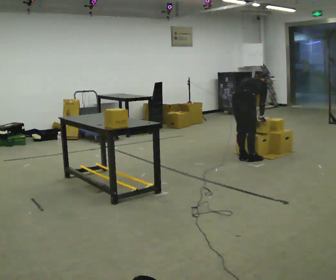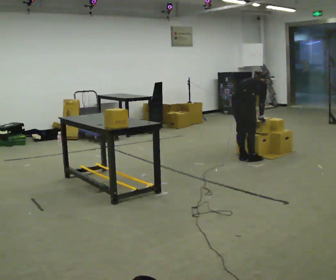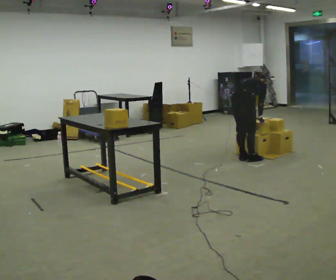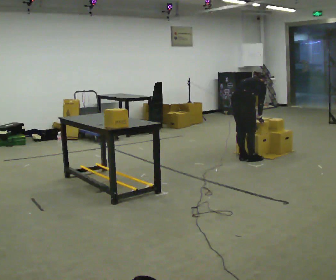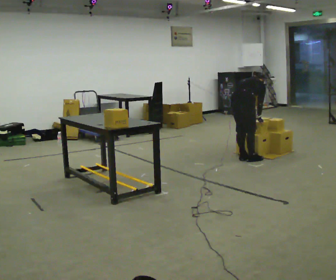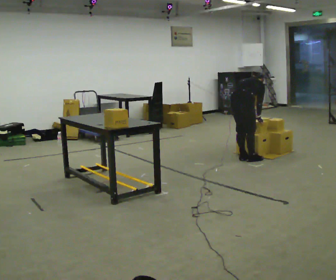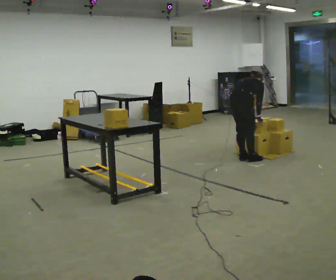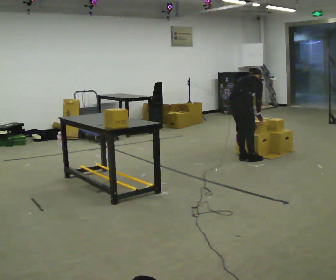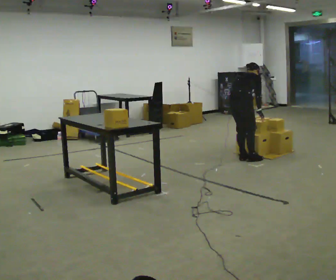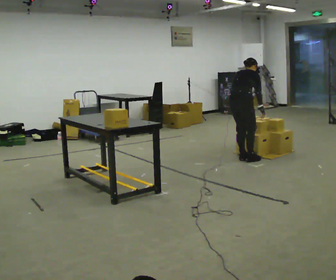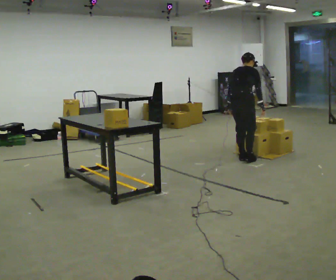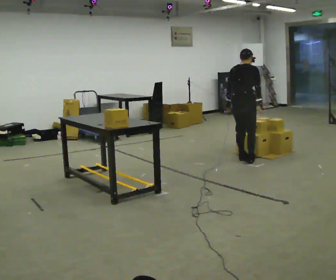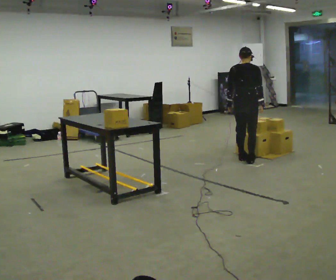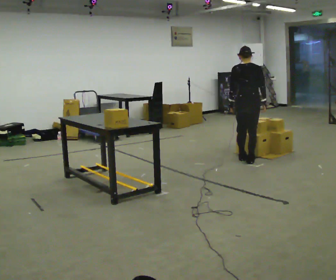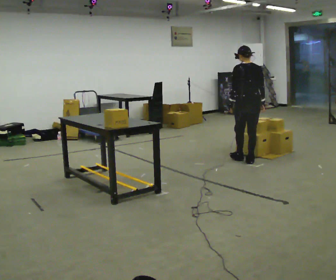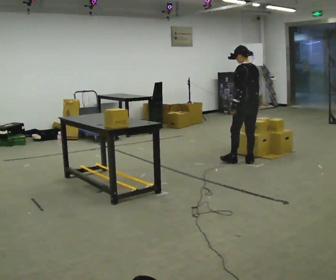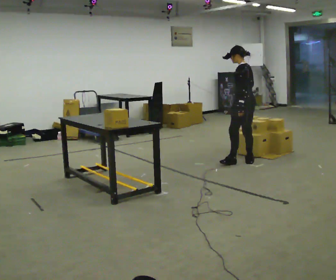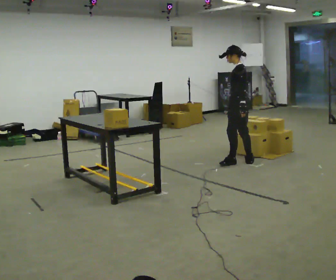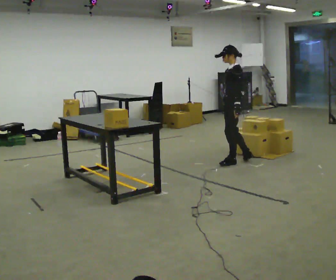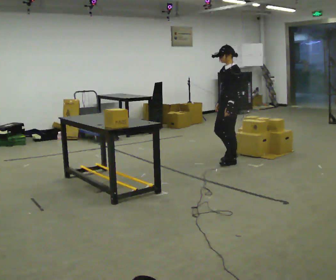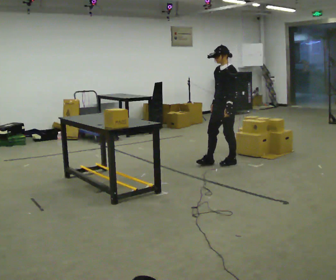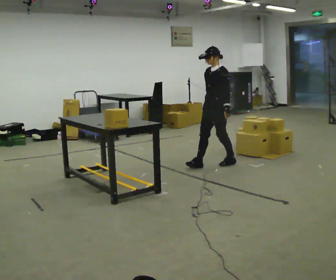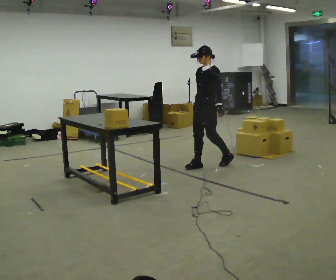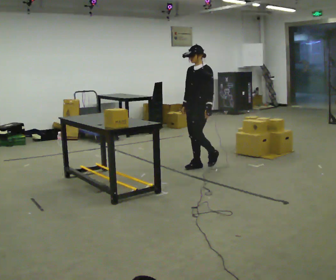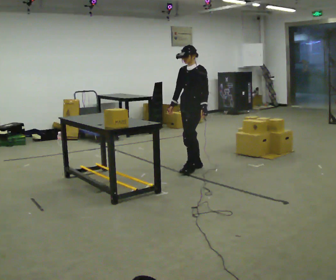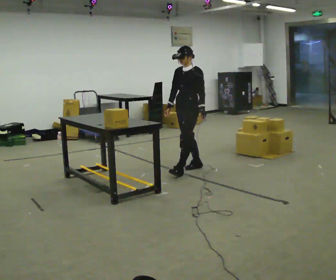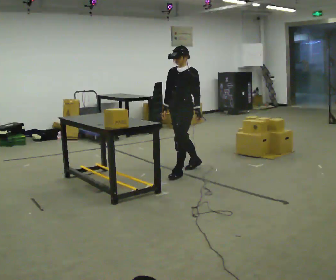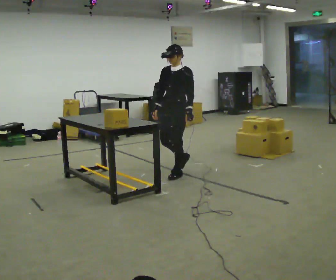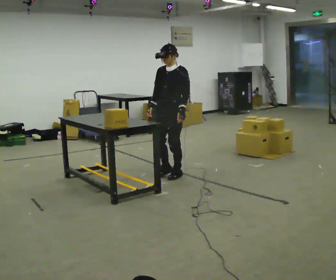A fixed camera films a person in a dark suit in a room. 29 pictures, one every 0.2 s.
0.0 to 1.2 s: The person moves a little, or ends about where they began.
1.2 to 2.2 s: The shoulders move upward. The upper body tips toward the camera, its near side rolling downward, as they lean back or straighten.
2.2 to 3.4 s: Seen from above the body turns counterclockwise, about 105 degrees: to their left, with its near side sliding to the right. The upper body tips toward the camera, its near side rolling downward. In the picture their right hand goes to the left.
3.4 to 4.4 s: The person turns about 45 degrees to their left, counterclockwise seen from above, so the part of the body nearest the lens slides to the right. In the picture they go to the left, about 0.5 m in 1 step, which for them is forward.
4.4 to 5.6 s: In the picture they go toward the camera and to the left, about 0.5 m in 1 step, which for them is forward.
The film runs forward here.
